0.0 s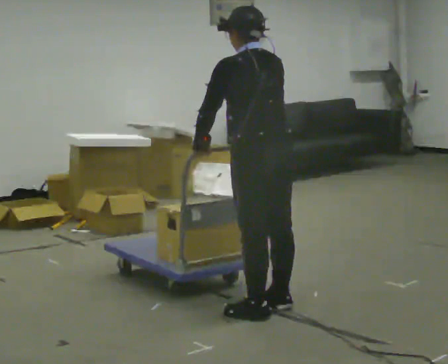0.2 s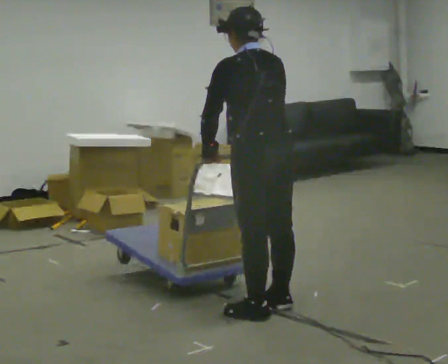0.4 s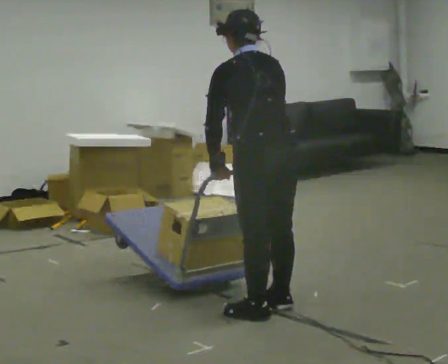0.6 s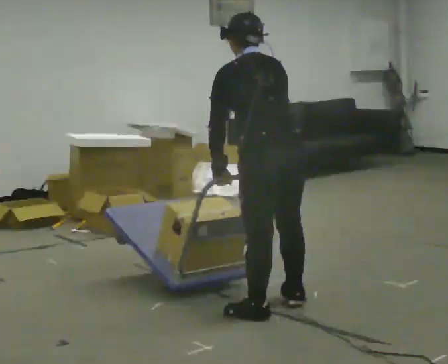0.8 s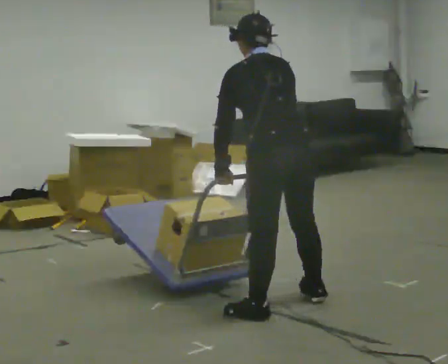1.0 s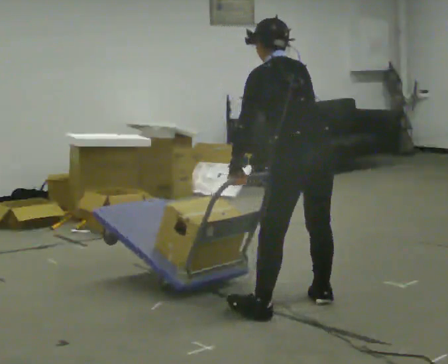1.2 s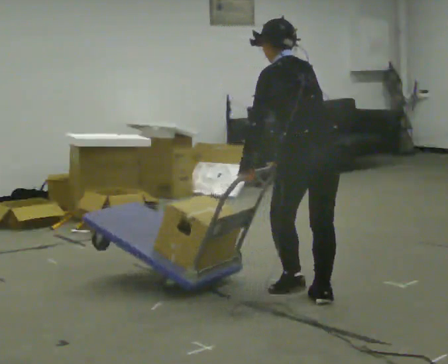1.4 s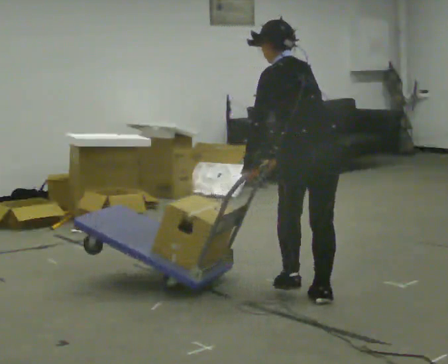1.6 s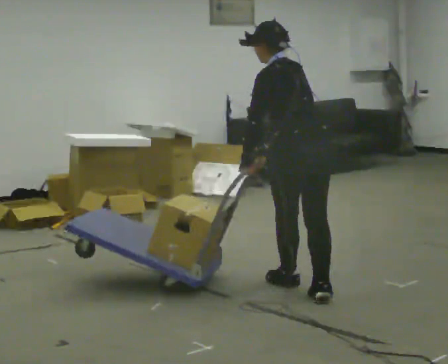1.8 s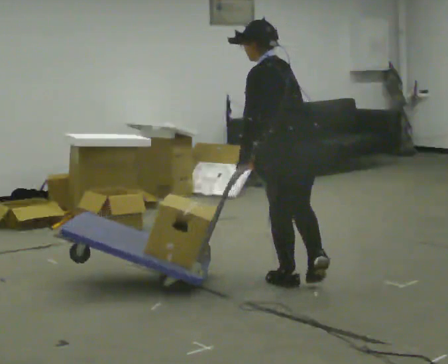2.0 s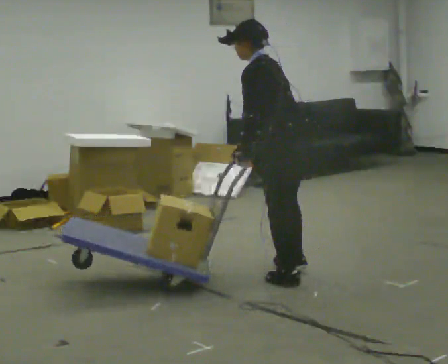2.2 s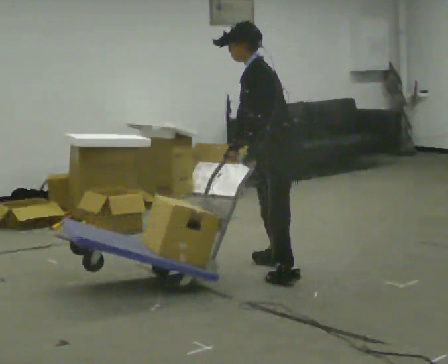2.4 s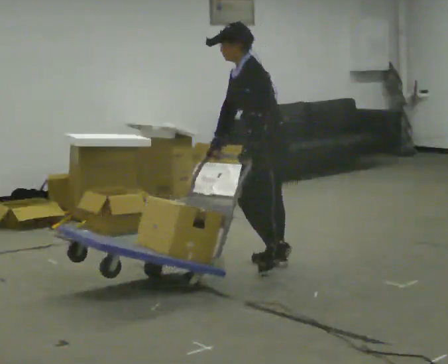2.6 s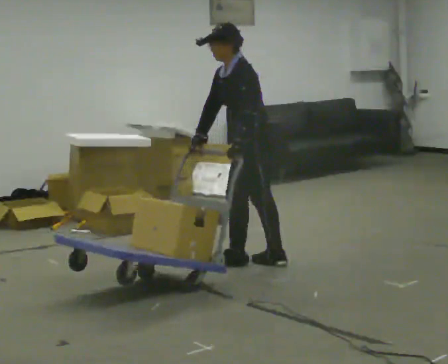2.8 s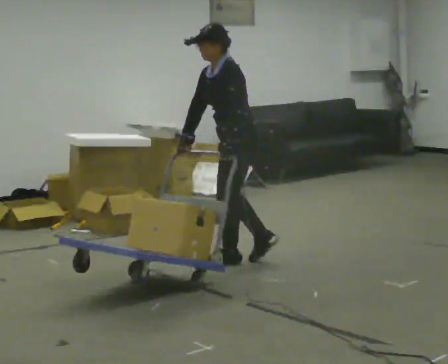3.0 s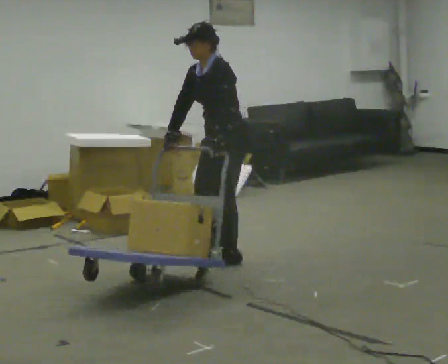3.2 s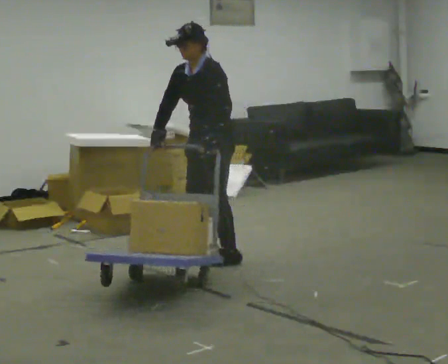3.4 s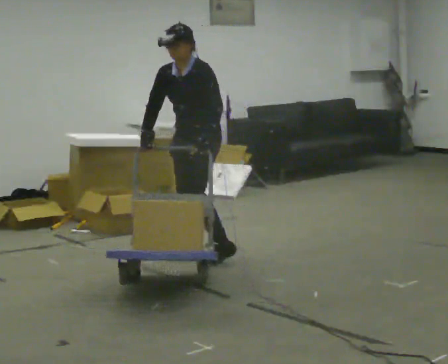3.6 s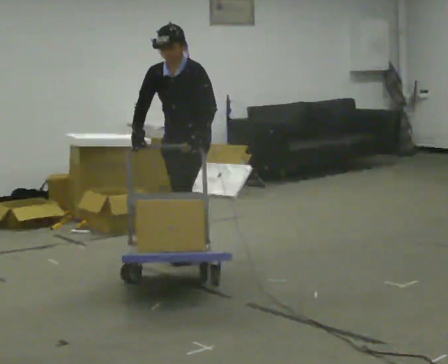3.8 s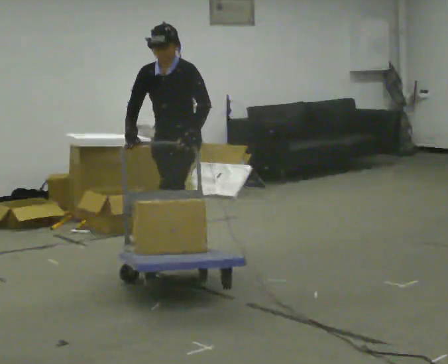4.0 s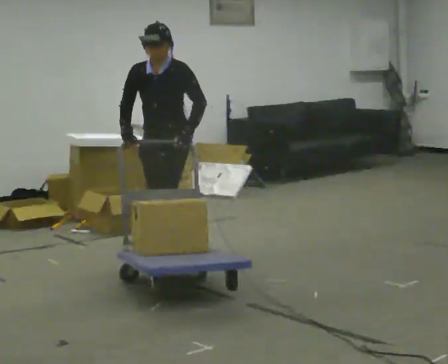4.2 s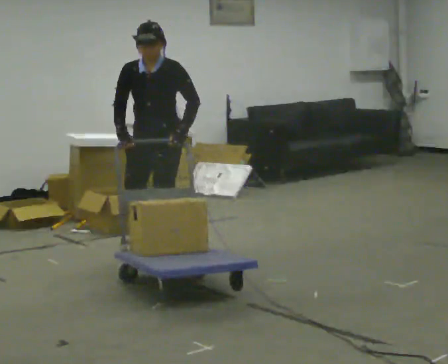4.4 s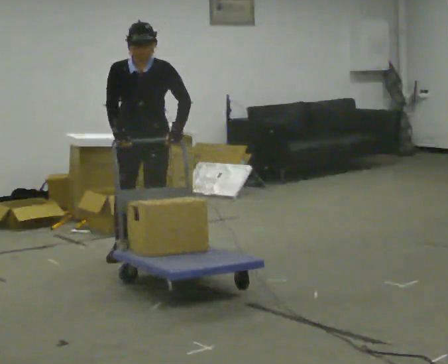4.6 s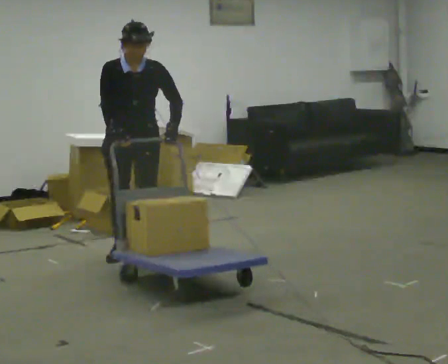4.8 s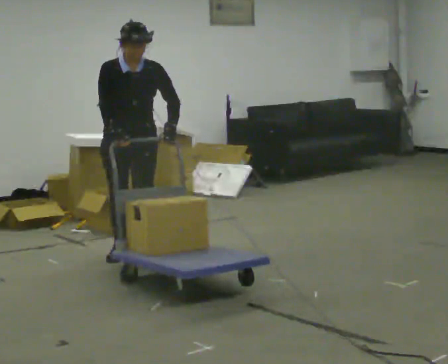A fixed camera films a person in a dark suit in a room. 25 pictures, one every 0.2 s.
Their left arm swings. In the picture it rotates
counterclockwise.
The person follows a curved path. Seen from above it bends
counterclockwise.
0.0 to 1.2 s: In the picture they go to the right and away from the camera, about 0.25 m in 1 step, which for them is to their right.
1.2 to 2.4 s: The person turns about 45 degrees to their left, counterclockwise seen from above, so the part of the body nearest the lens slides to the right. In the picture they go away from the camera, about 1 m in 2 steps, which for them is forward and to their right. The upper body tips toward the camera, its near side rolling downward.
2.4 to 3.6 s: The part of the body nearest the lens slides to the right as the person turns to their left by about 60 degrees. In the picture they go to the left and away from the camera, about 0.5 m in 2 steps, which for them is to their right and forward.
3.6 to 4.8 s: The person turns about 45 degrees to their left, counterclockwise seen from above, so the part of the body nearest the lens slides to the right. In the picture they go to the left, about 0.25 m in 3 steps, which for them is to their right and forward.
The film runs forward here.
